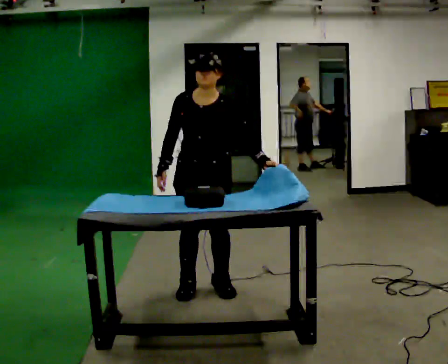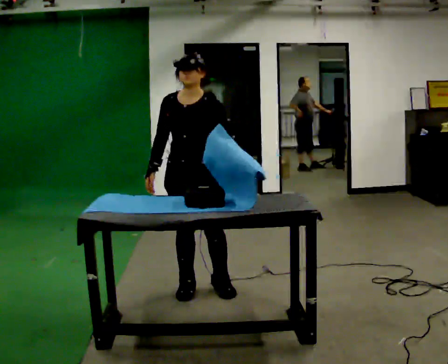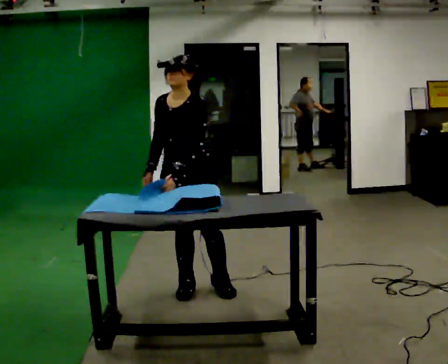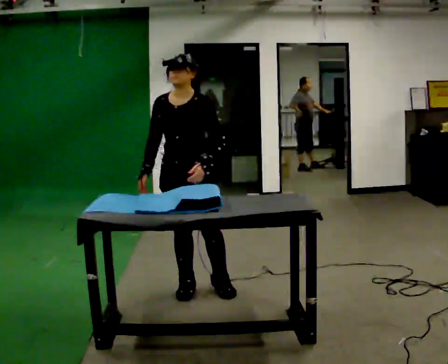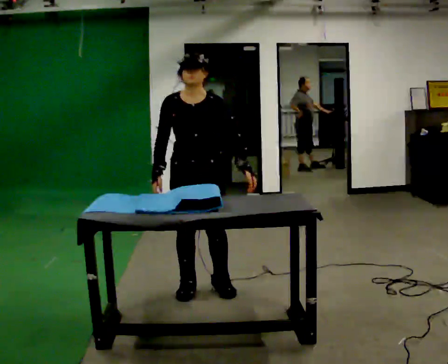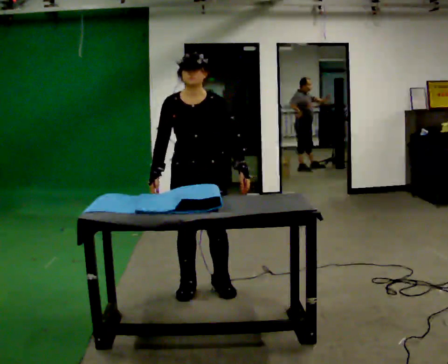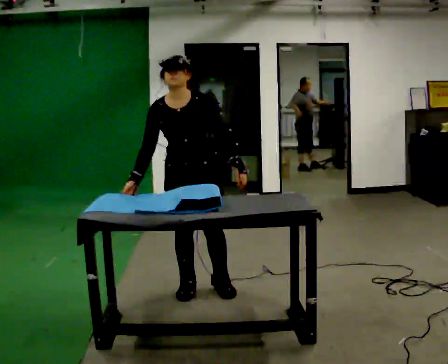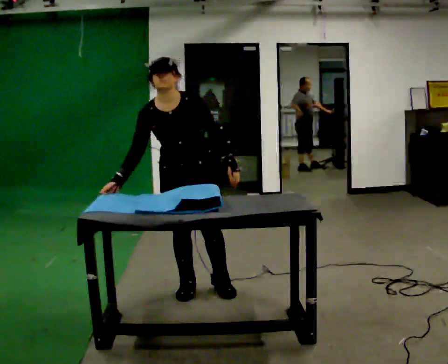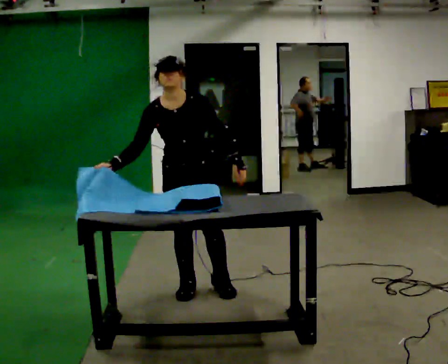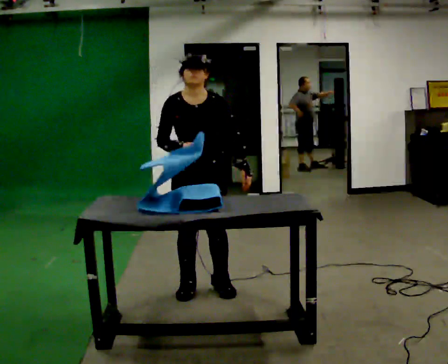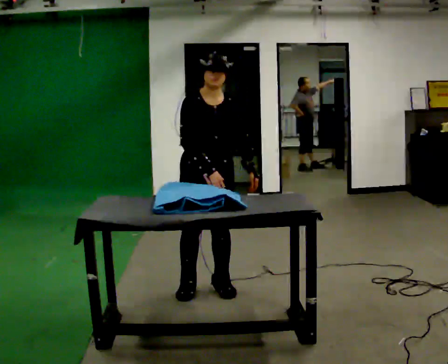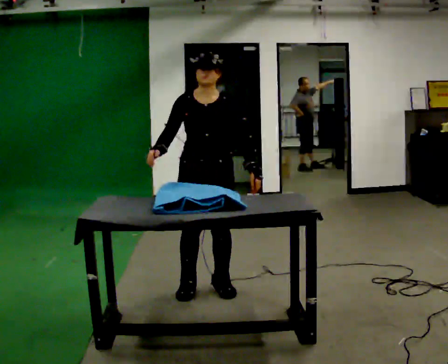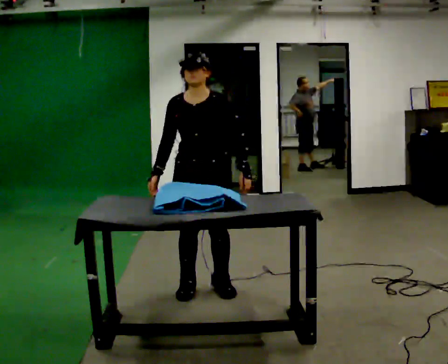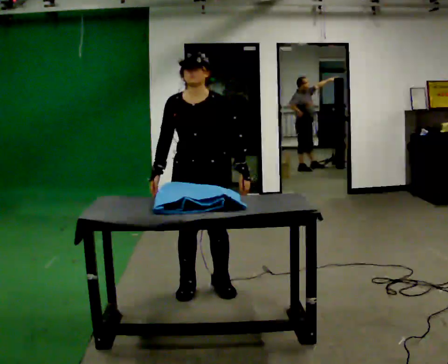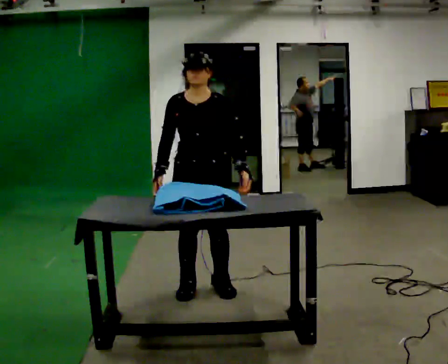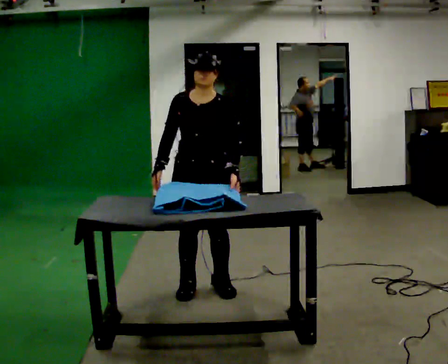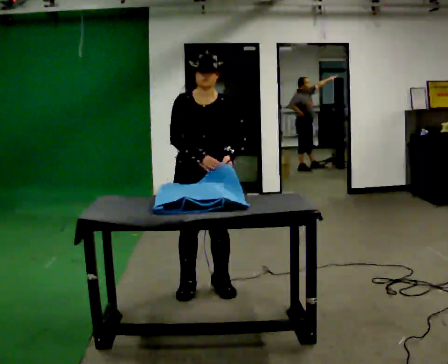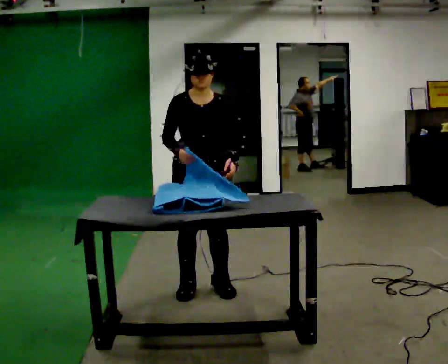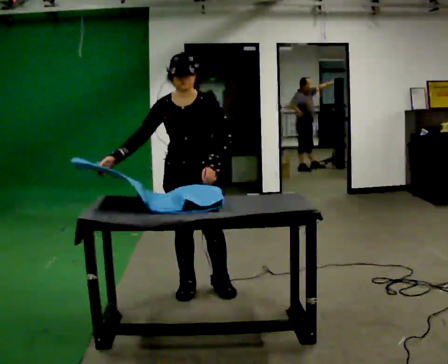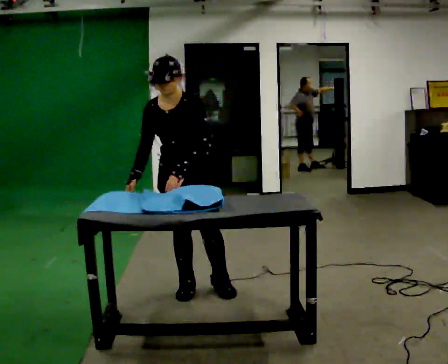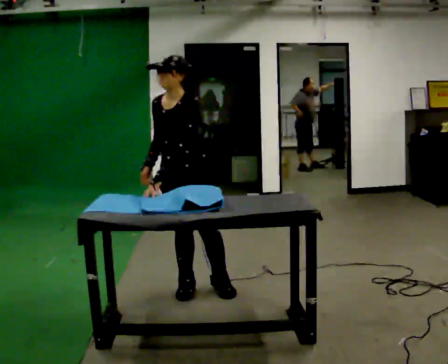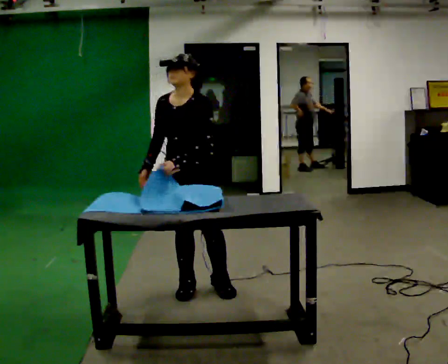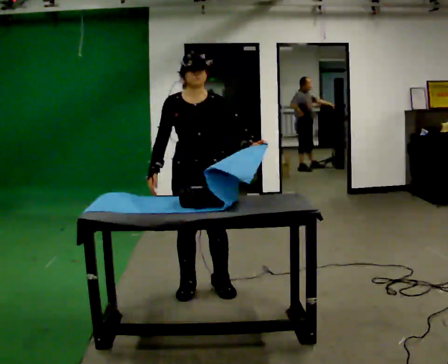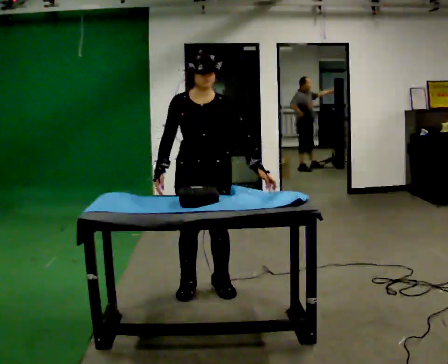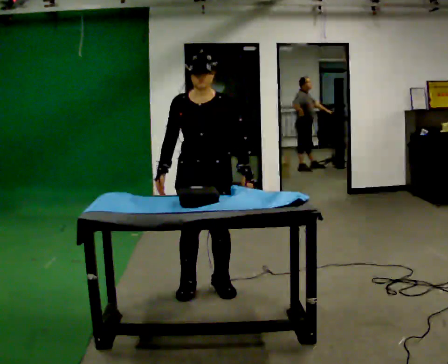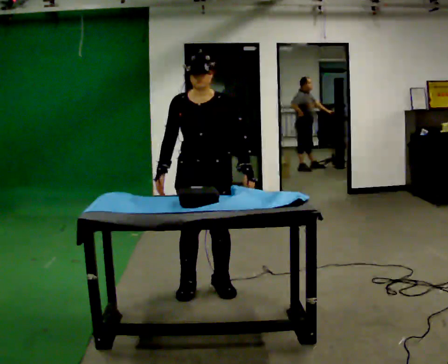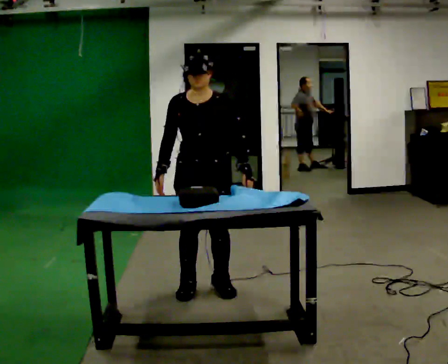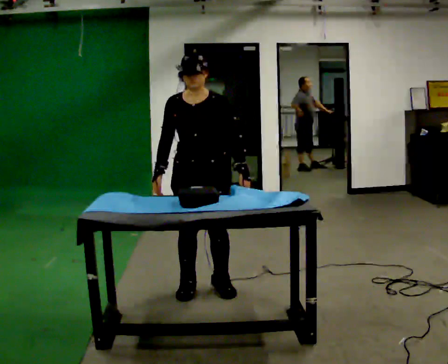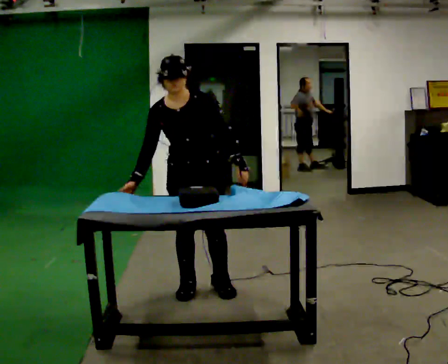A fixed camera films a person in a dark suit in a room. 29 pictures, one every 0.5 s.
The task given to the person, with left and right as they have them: Wrap the cloth around the object and tuck it in, then unwrap it. Repeat at your own pace until the operator says stop. Keep both feet on the marked spots for the whole take. If you have to step, stop and tell the operator.
0.0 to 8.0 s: The person moves a little, or ends about where they began.
8.0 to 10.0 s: The part of the body nearest the lens slides to the left as the person turns to their right by about 30 degrees. In the picture their right hand goes to the left.
10.0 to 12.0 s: Seen from above the body turns counterclockwise, about 30 degrees: to their left, with its near side sliding to the right. In the picture their left hand goes to the right.
12.0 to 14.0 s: The person moves a little, or ends about where they began.
The film runs forward here.
